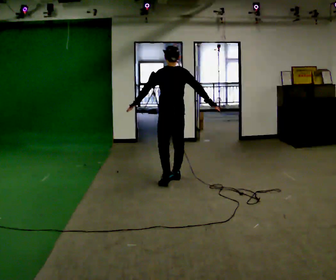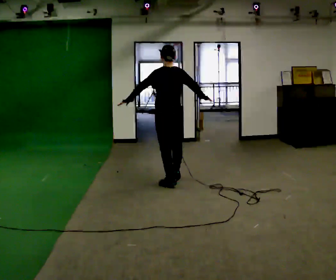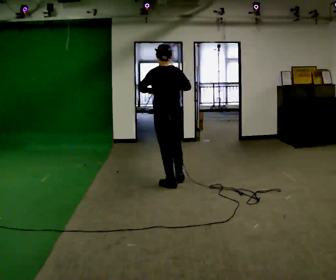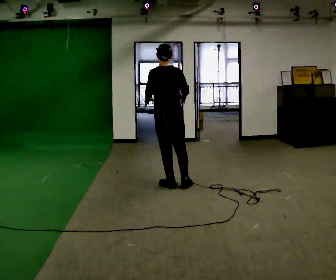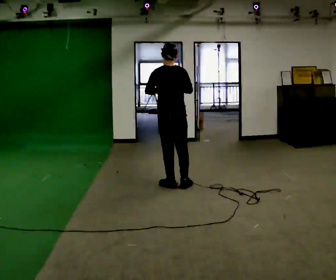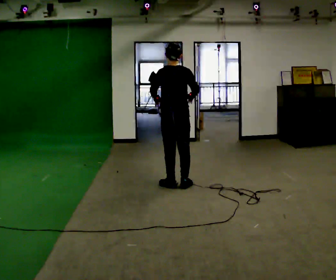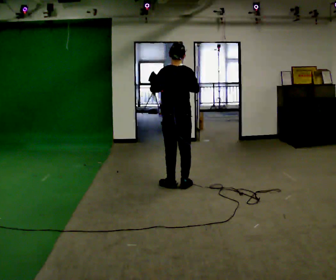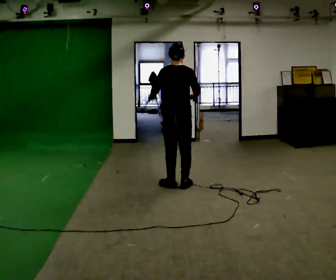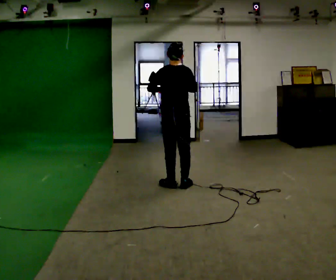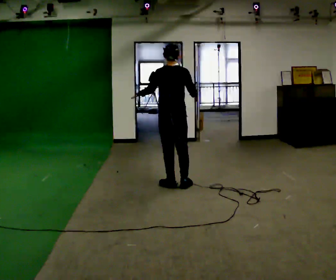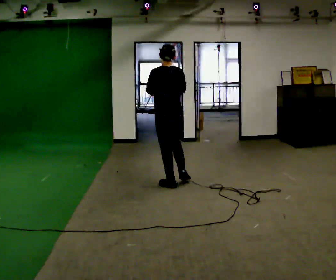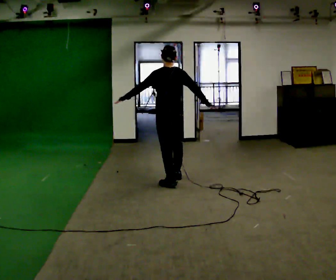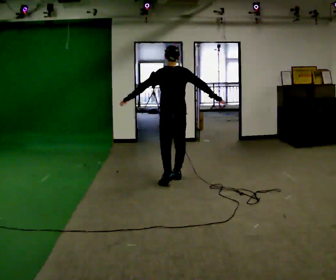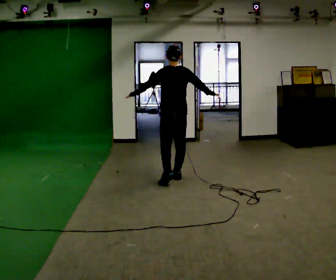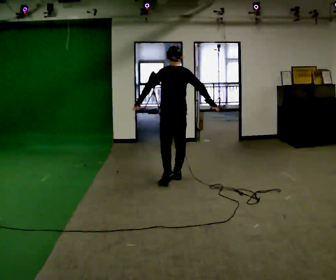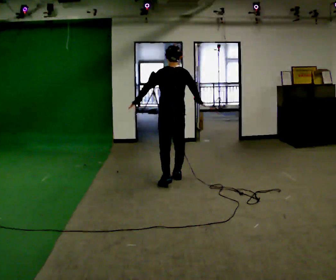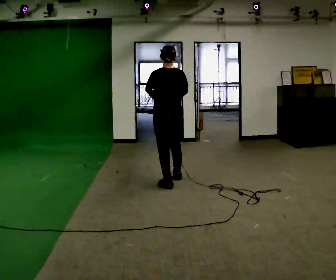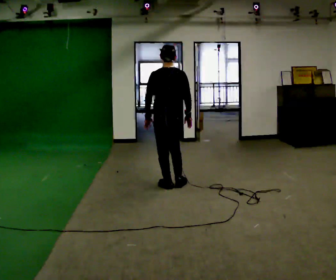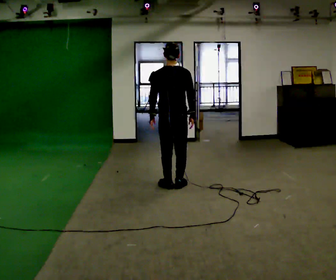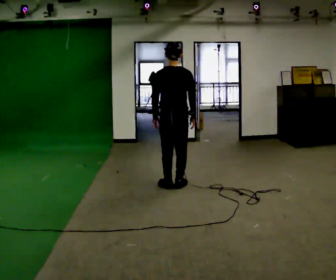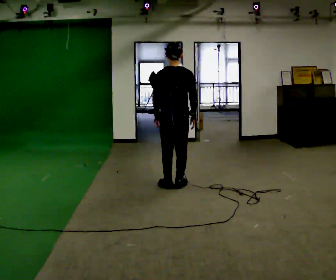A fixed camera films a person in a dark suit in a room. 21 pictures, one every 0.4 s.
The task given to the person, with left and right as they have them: Move however you like, changing style and tempo as you go; keep moving continuously.
0.0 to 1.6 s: In the picture they go toward the camera, about 0.25 m in 1 step, which for them is backward and to their left.
1.6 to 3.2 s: The person moves a little, or ends about where they began.
3.2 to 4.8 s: In the picture they go away from the camera, about 0.25 m in 1 step, which for them is forward and to their right.
4.8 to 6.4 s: In the picture they go toward the camera, about 0.25 m, which for them is backward and to their left.
6.4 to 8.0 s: The person moves a little, or ends about where they began.
The film runs forward here.
